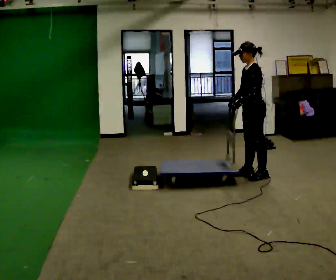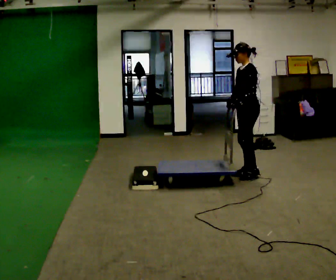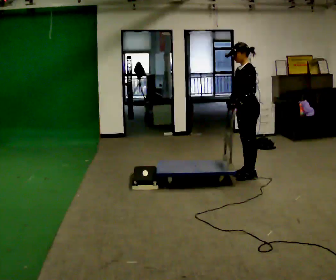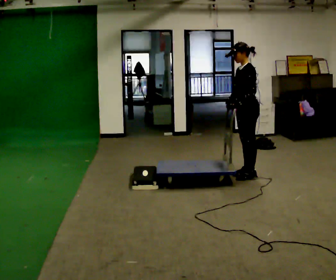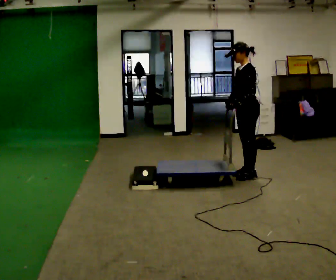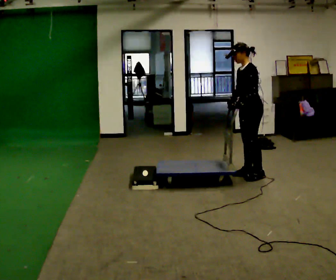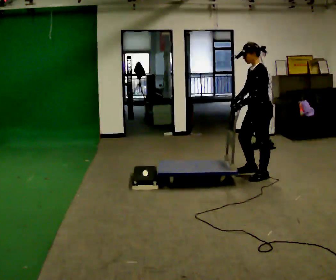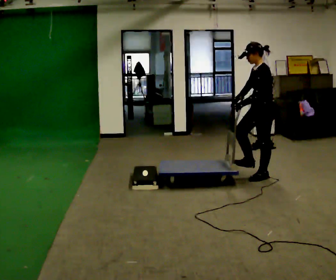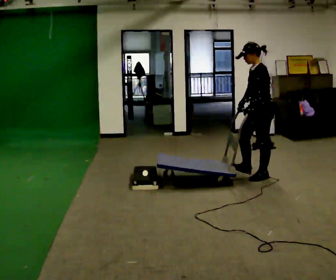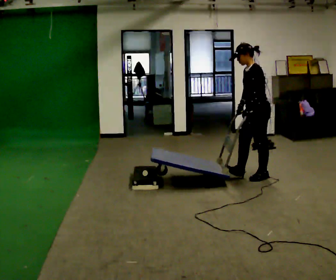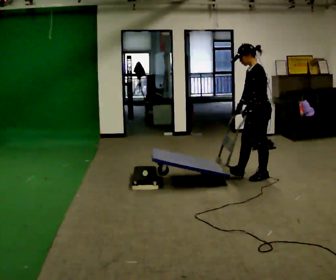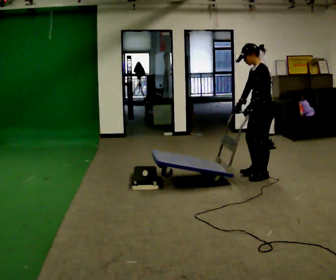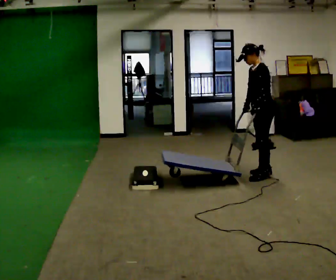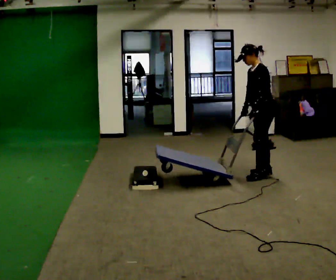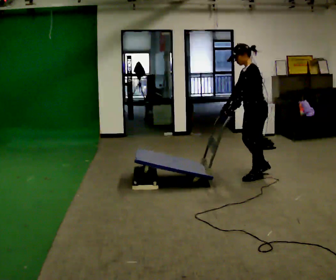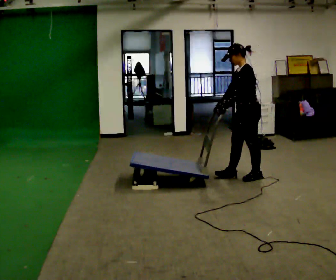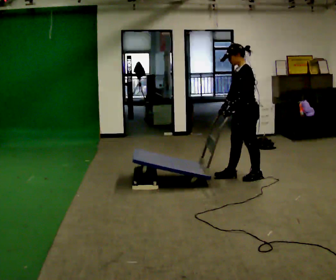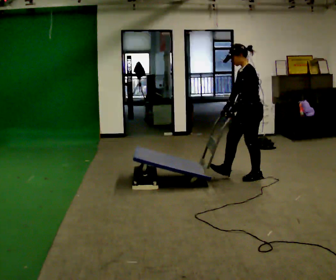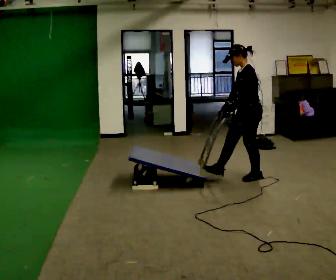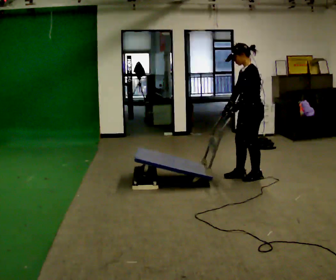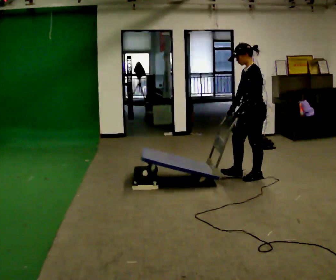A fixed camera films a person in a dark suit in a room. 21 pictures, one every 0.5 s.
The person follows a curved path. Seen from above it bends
clockwise.
0.0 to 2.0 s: The person moves a little, or ends about where they began.
2.0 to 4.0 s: In the picture they go to the right, about 0.25 m, which for them is to their left and backward.
4.0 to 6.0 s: The person moves a little, or ends about where they began.
6.0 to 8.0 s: In the picture they go to the left, about 0.25 m in 1 step, which for them is forward.
8.0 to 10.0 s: The person moves a little, or ends about where they began.
The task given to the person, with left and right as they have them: Push the cart up over the low platform edge and down the other side, then bring it back over.
The film runs forward here.
